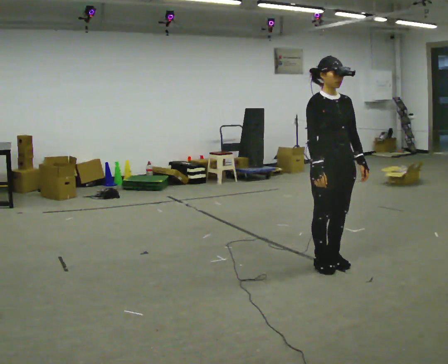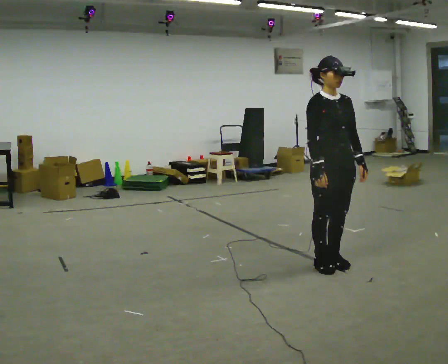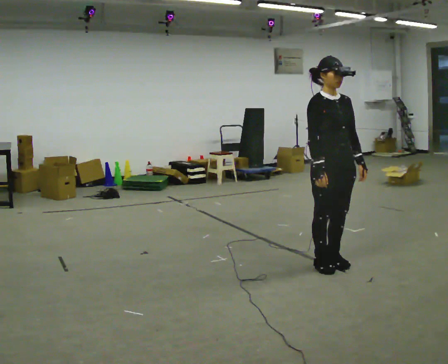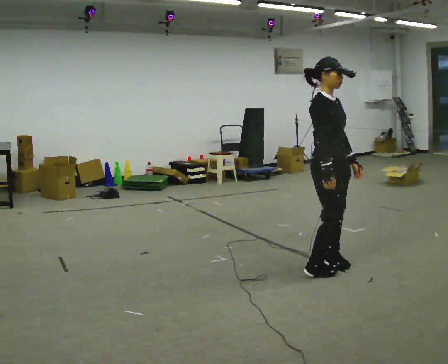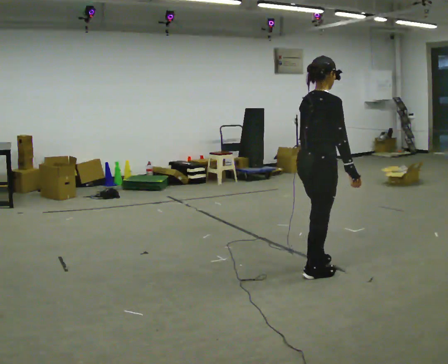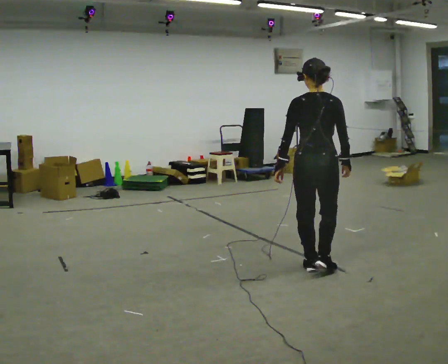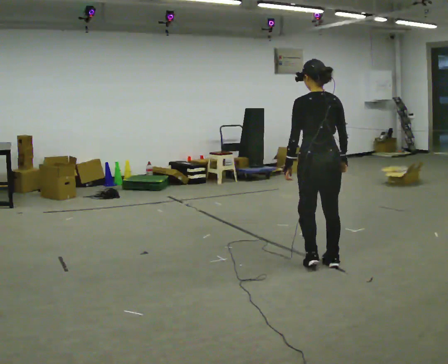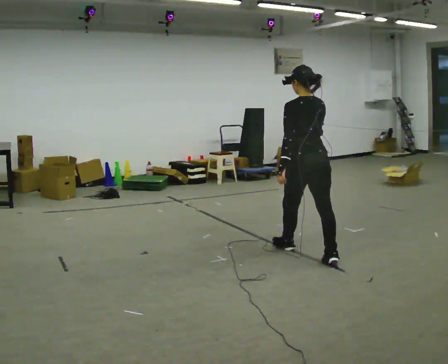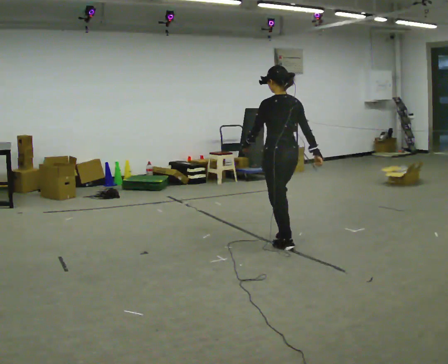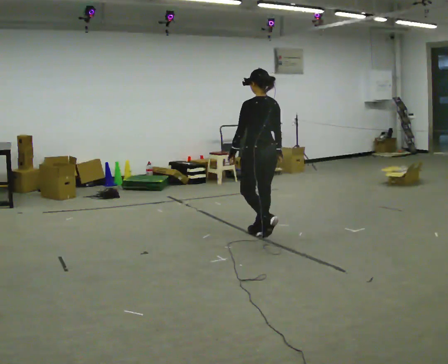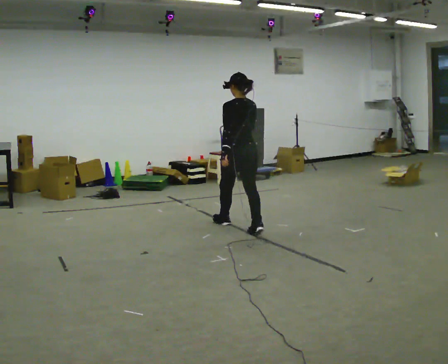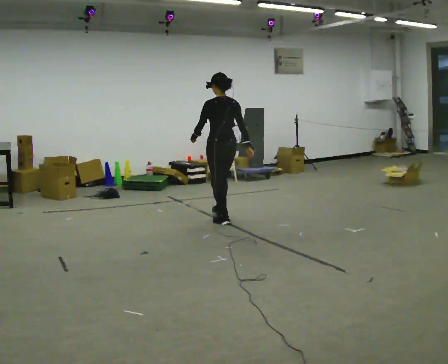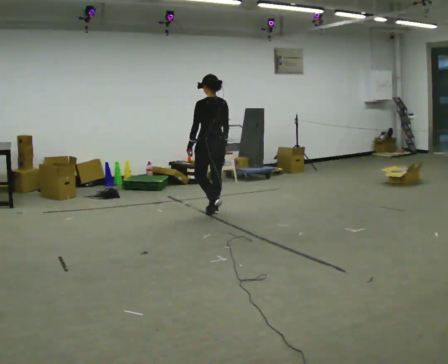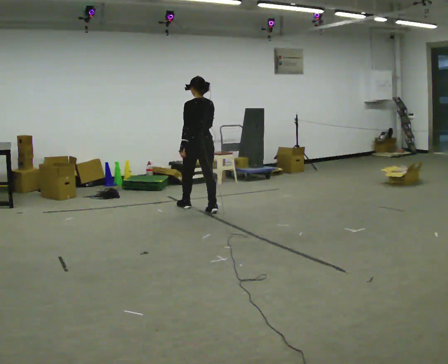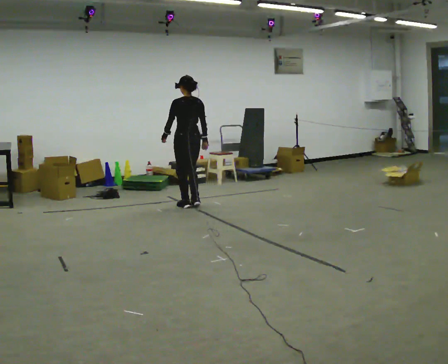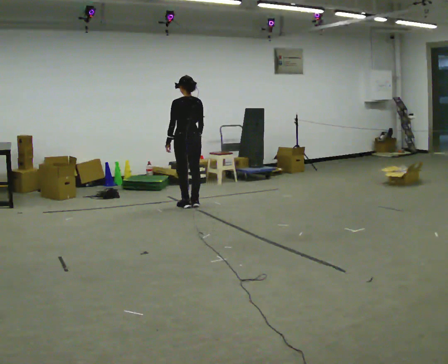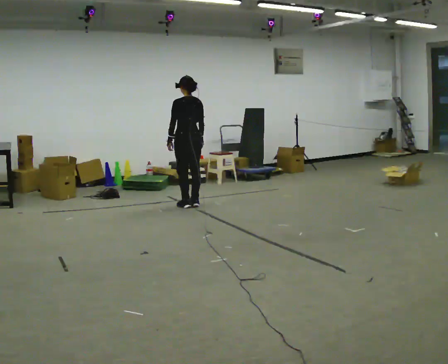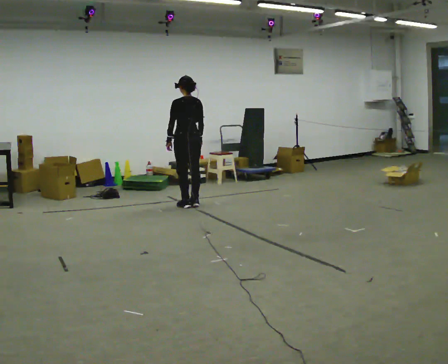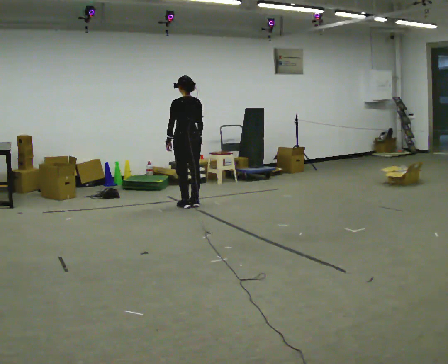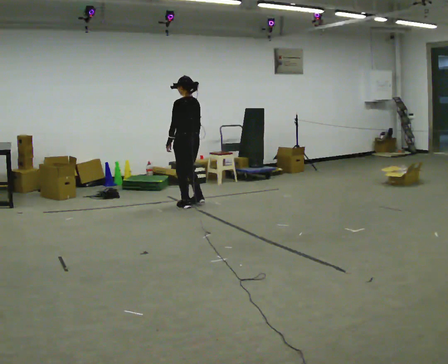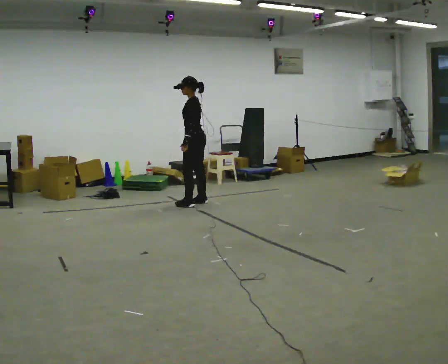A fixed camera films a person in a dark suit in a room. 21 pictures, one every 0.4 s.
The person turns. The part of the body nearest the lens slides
to the right.
The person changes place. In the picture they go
away from the camera.
0.0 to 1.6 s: The part of the body nearest the lens slides to the right as the person turns to their left by about 90 degrees. In the picture their left hand goes to the left.
1.6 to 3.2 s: The person turns about 90 degrees to their left, counterclockwise seen from above, so the part of the body nearest the lens slides to the right. In the picture they go away from the camera, about 1 m in 3 steps.
3.2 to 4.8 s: In the picture they go away from the camera and to the left, about 1.5 m in 3 steps, which for them is forward.
4.8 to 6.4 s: In the picture they go away from the camera and to the left, about 0.5 m in 2 steps, which for them is forward.
6.4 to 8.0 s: The part of the body nearest the lens slides to the right as the person turns to their left by about 60 degrees.
The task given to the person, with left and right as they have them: Start still; walk straight at normal comfortable speed; stop at endpoint.
The film runs forward here.
